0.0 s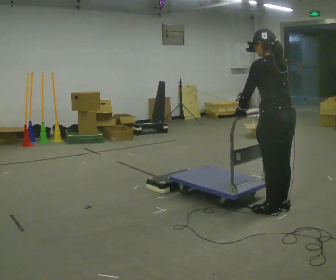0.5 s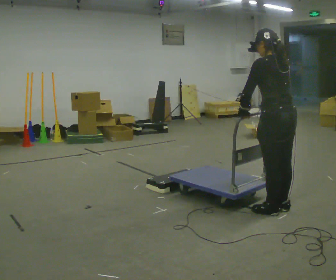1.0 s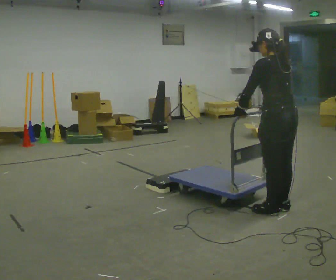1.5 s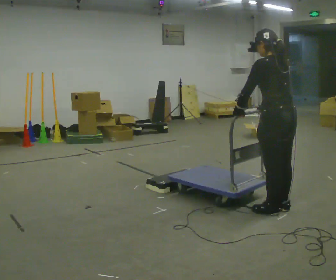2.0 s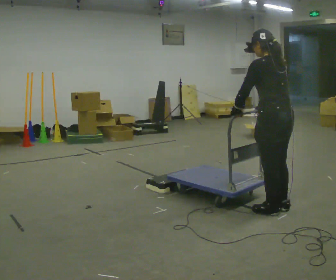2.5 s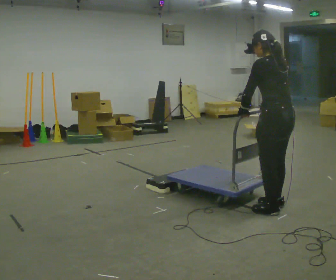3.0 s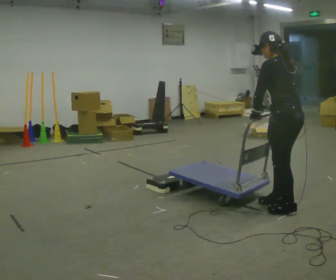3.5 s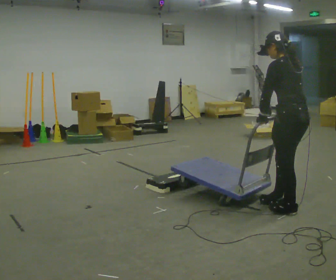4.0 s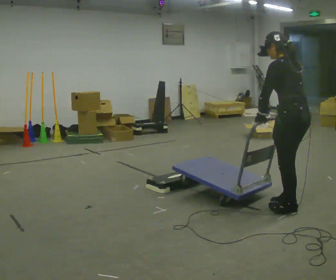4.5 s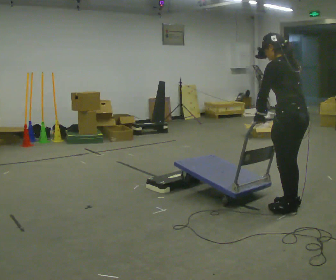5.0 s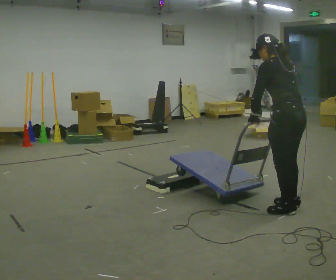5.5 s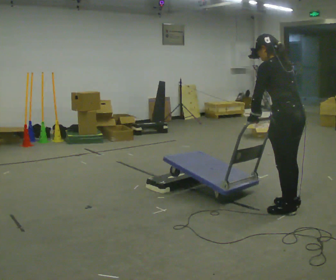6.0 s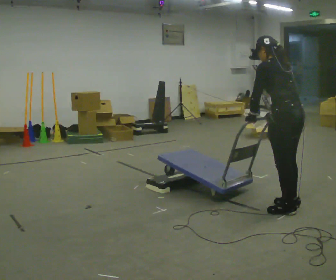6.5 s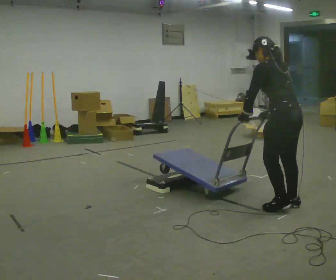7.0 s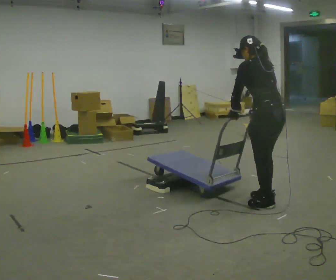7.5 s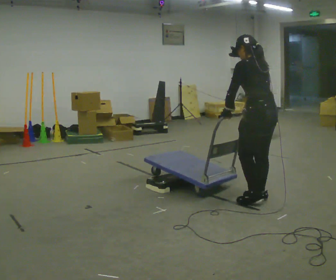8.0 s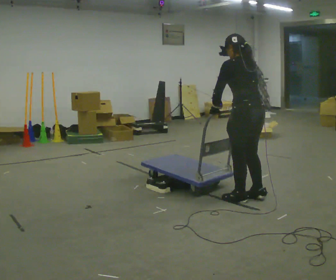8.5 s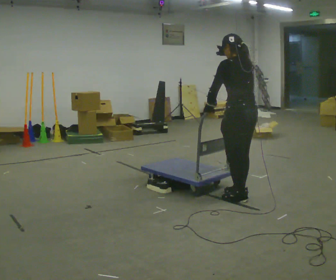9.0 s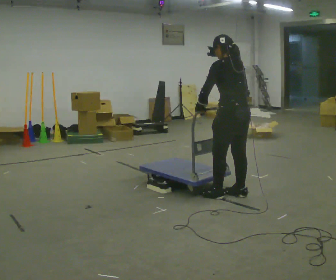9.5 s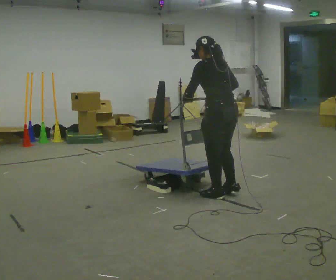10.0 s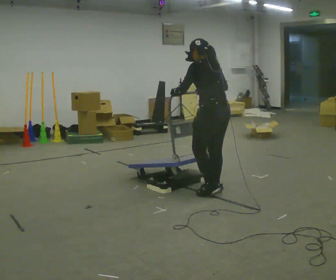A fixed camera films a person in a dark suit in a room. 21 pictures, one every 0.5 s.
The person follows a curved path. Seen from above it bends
counterclockwise.
0.0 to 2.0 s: The person moves a little, or ends about where they began.
2.0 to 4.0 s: In the picture they go to the right, about 0.25 m, which for them is backward.
4.0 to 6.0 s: The person moves a little, or ends about where they began.
6.0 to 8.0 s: In the picture they go to the left and away from the camera, about 0.5 m in 3 steps, which for them is forward.
8.0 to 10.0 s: In the picture they go to the left and away from the camera, about 0.25 m in 3 steps, which for them is forward.
The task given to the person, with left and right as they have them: Push the cart up over the low platform edge and down the other side, then bring it back over.
The film runs forward here.
